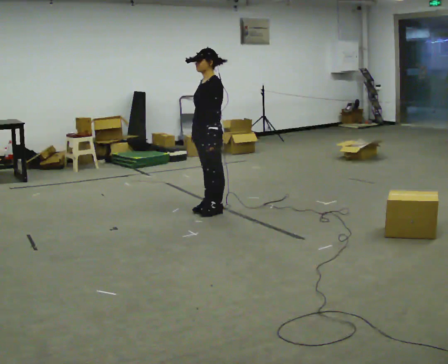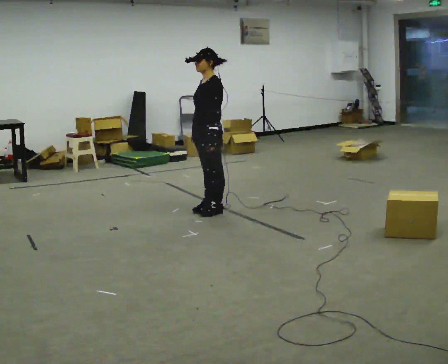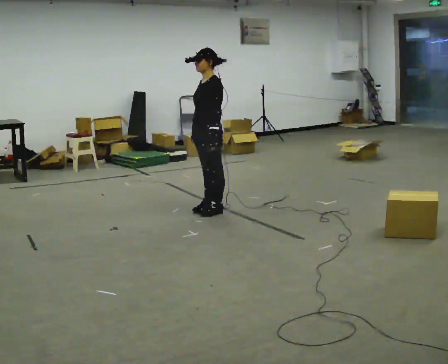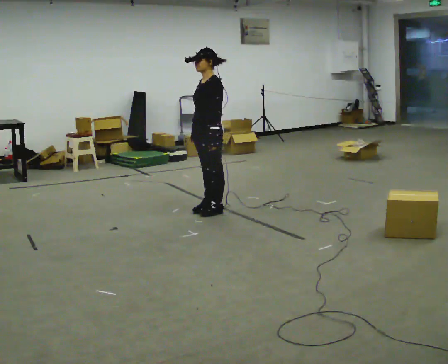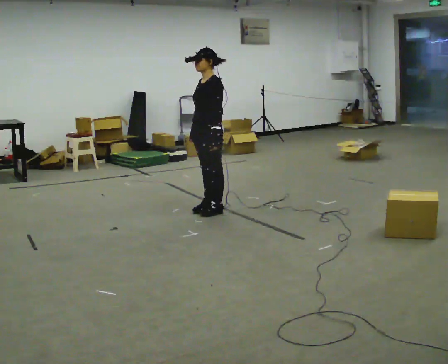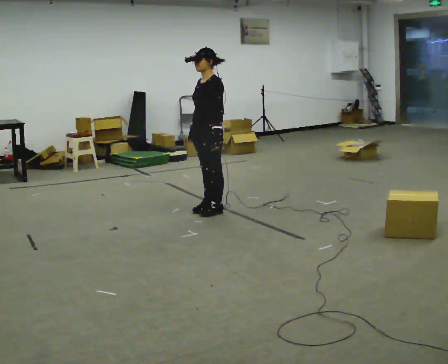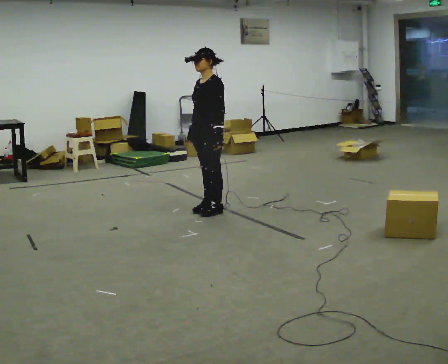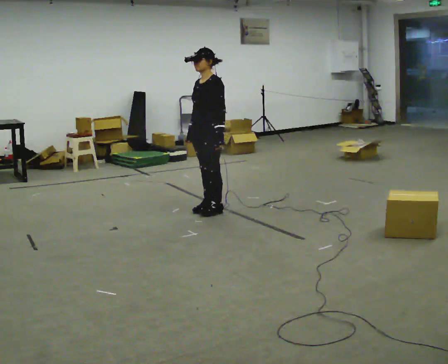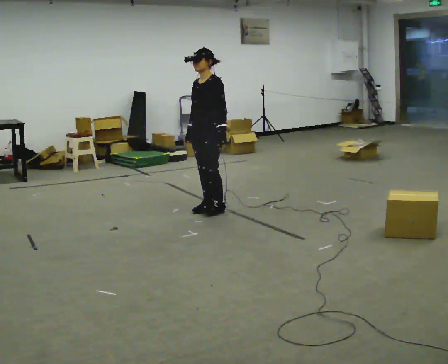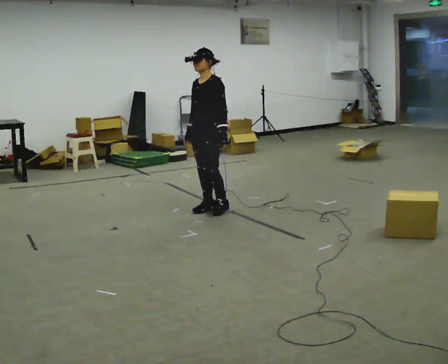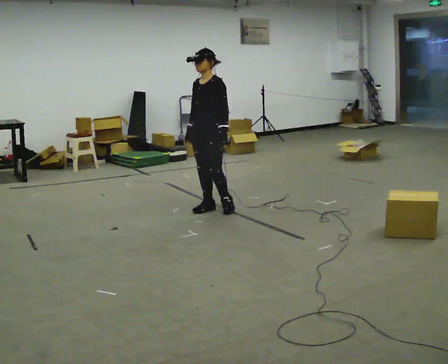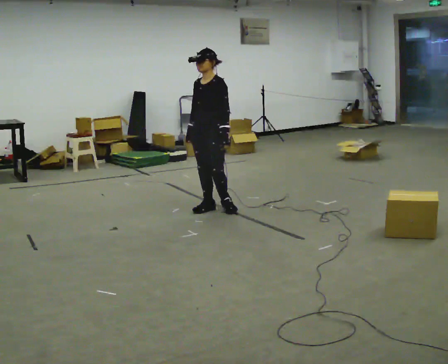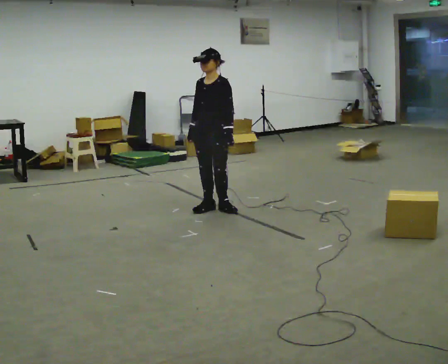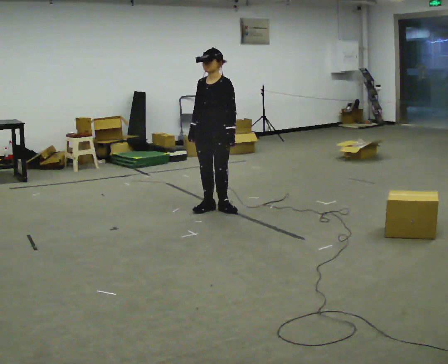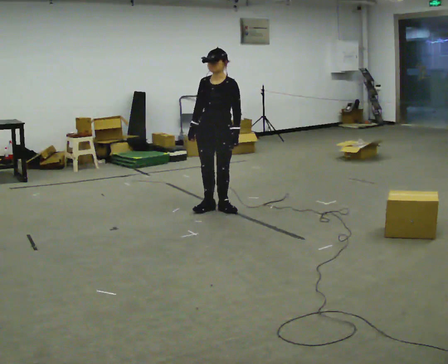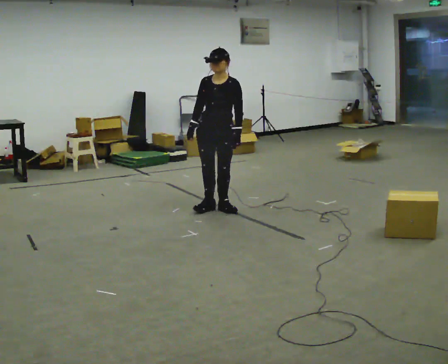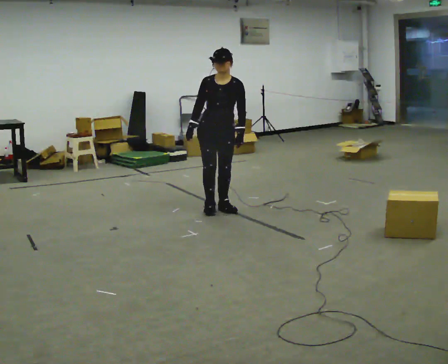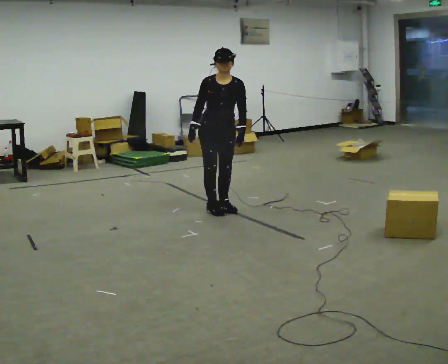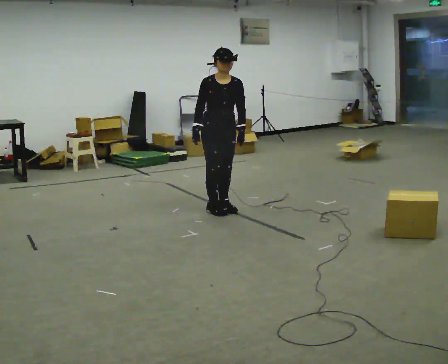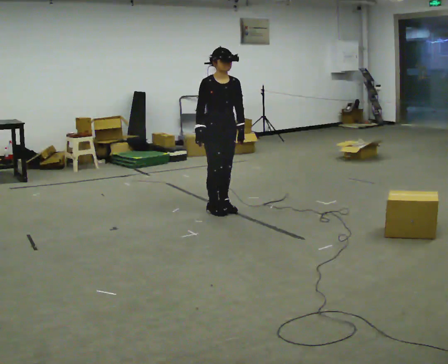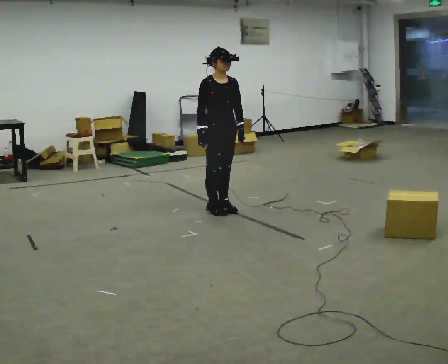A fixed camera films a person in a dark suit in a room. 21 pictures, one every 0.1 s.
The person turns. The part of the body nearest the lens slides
to the right.
The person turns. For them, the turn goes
to their left.
0.0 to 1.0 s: The person moves a little, or ends about where they began.
1.0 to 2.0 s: The part of the body nearest the lens slides to the right as the person turns to their left by about 75 degrees.
The film runs backward here.
